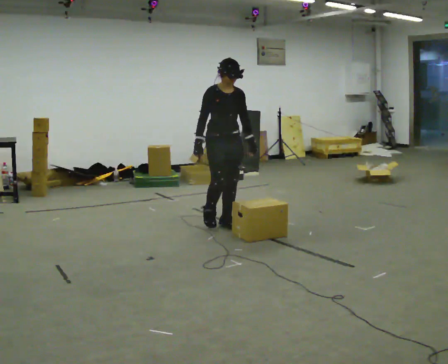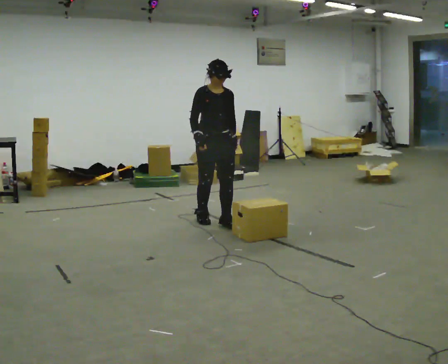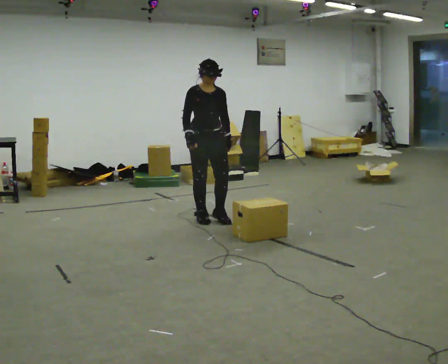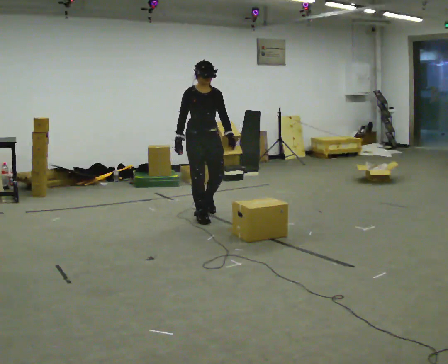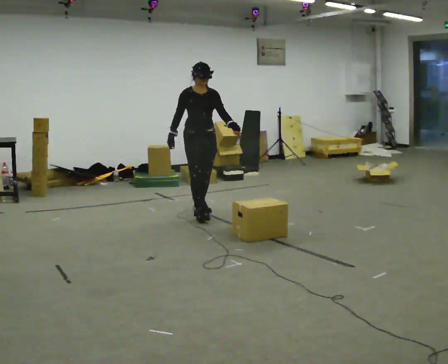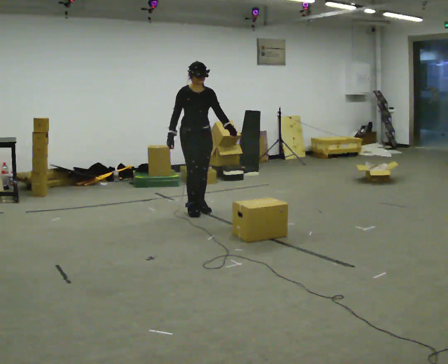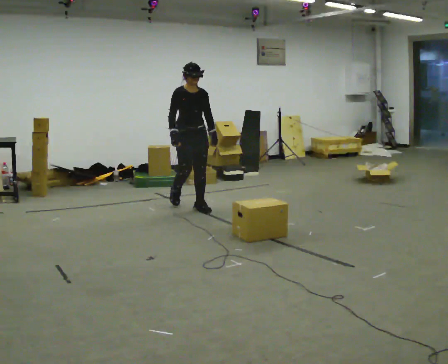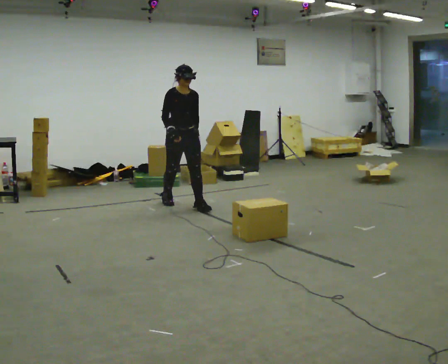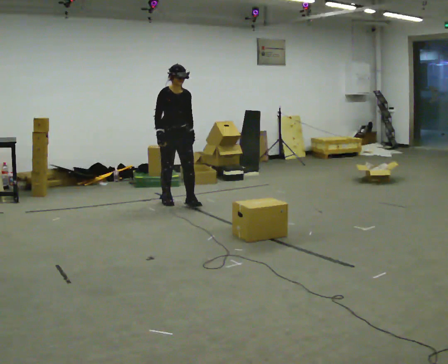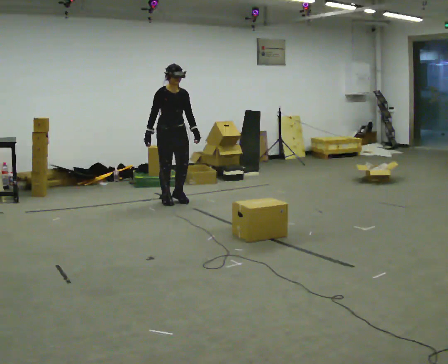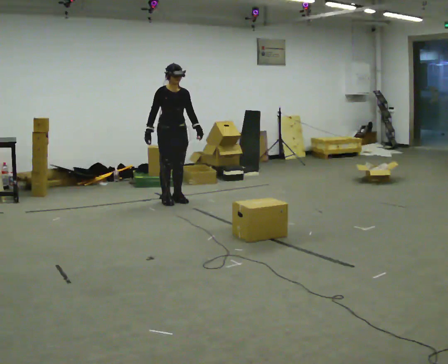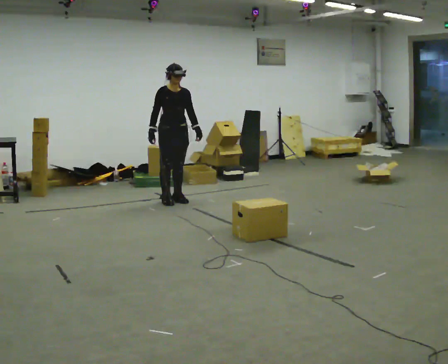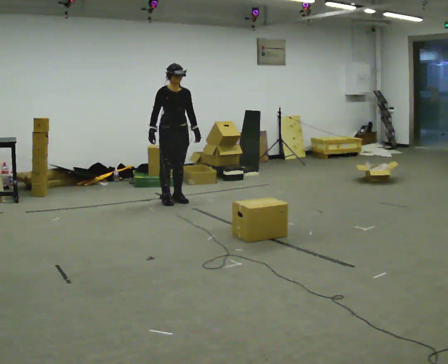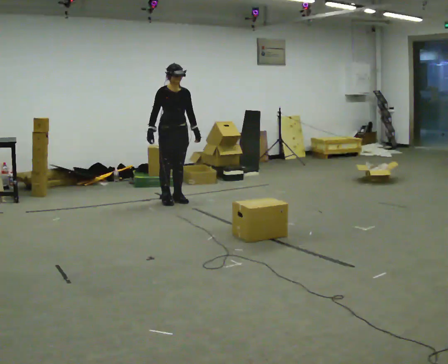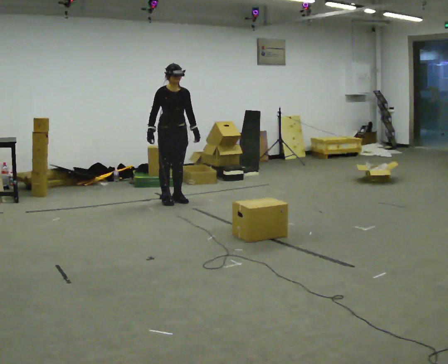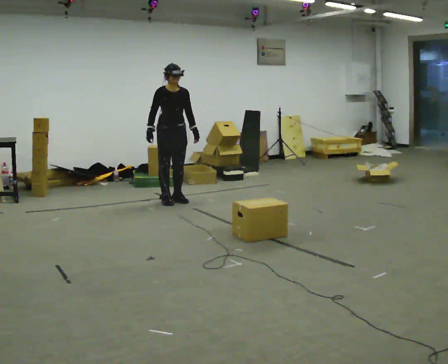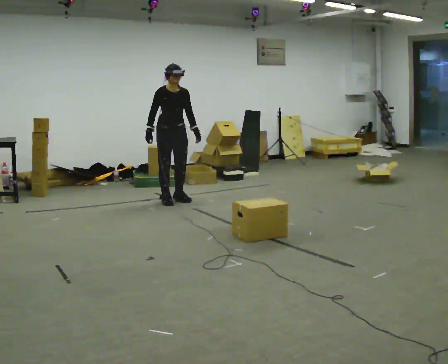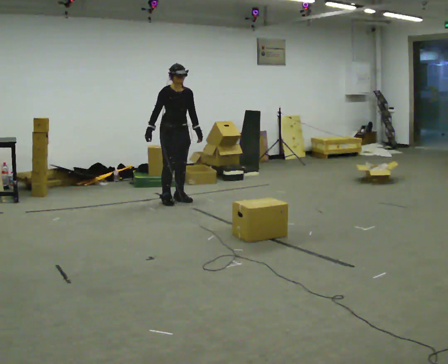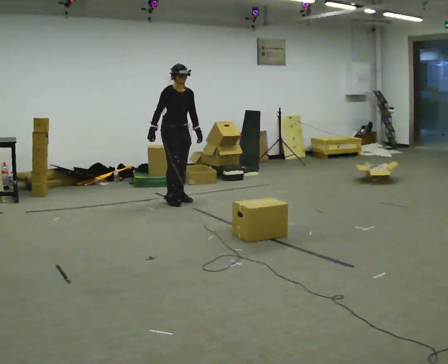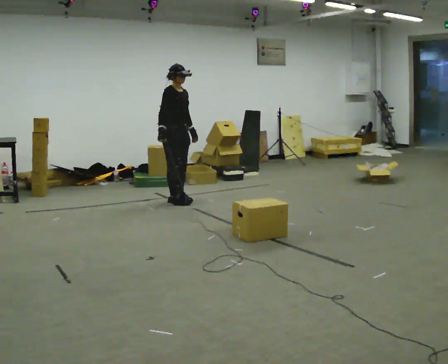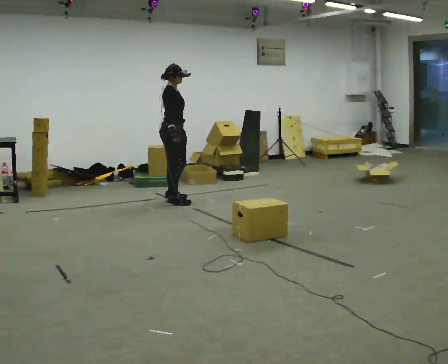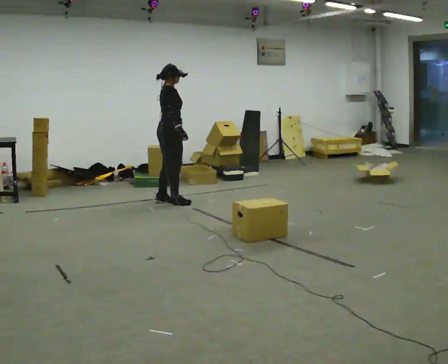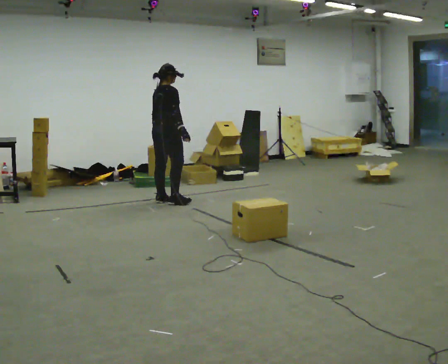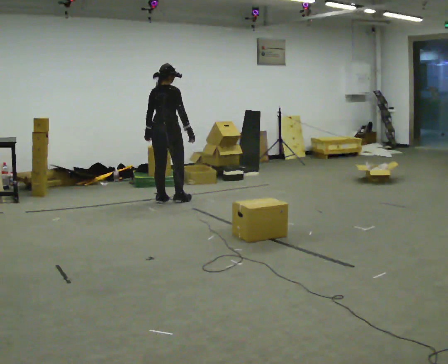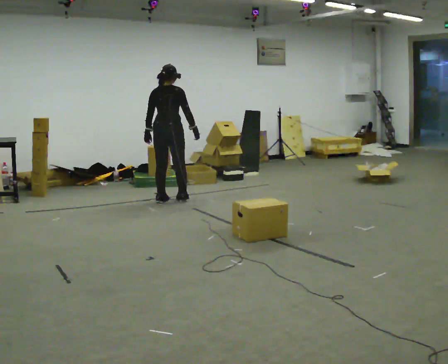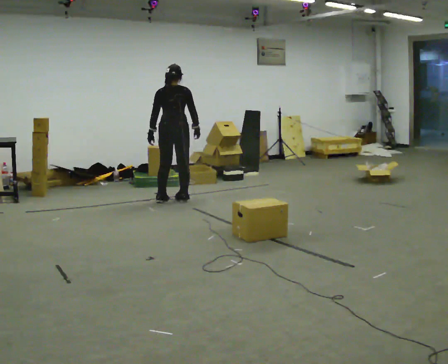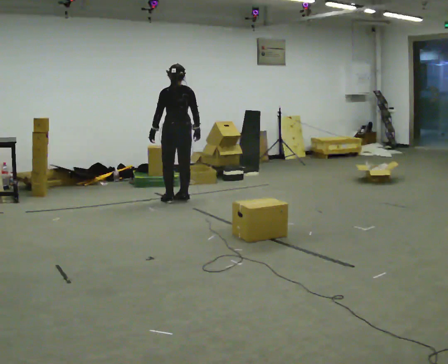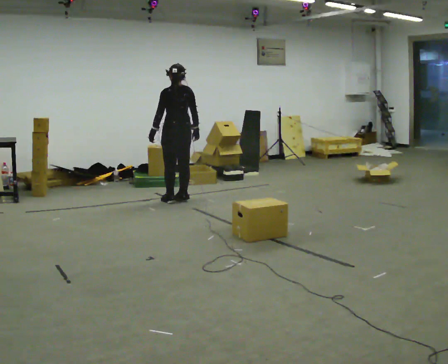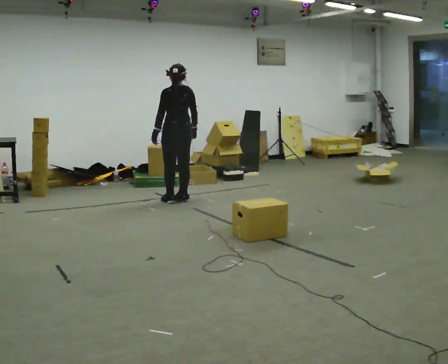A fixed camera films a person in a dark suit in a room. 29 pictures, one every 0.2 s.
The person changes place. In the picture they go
away from the camera.
The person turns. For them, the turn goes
to their left.
0.0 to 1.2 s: In the picture they go away from the camera and to the left, about 1 m in 2 steps, which for them is backward.
1.2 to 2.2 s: In the picture they go away from the camera and to the left, about 0.5 m in 1 step, which for them is backward.
2.2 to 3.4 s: The person moves a little, or ends about where they began.
3.4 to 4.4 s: The person turns about 90 degrees to their left, counterclockwise seen from above, so the part of the body nearest the lens slides to the right. In the picture their right hand goes to the right, the arm swinging counterclockwise.
4.4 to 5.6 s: The part of the body nearest the lens slides to the right as the person turns to their left by about 75 degrees.
The film runs backward here.
